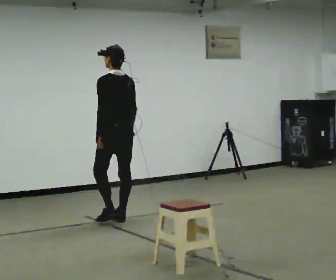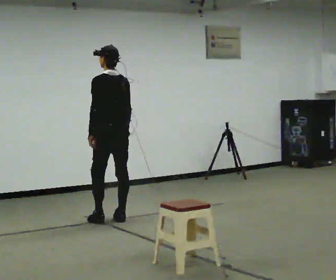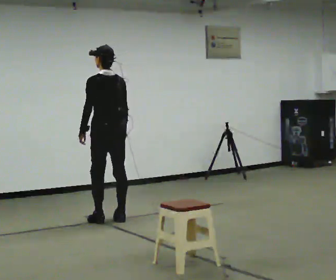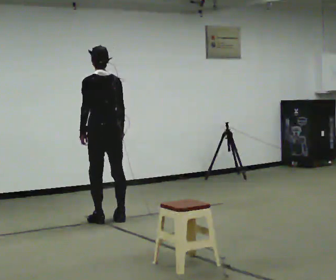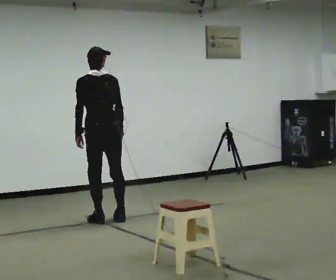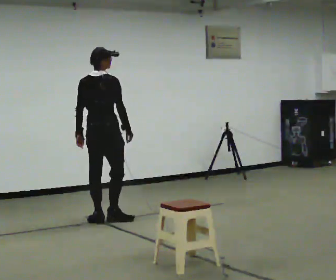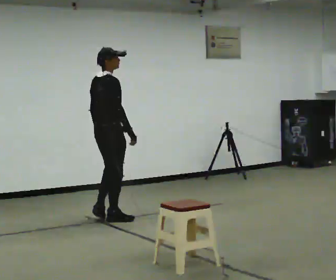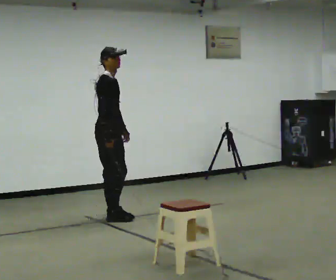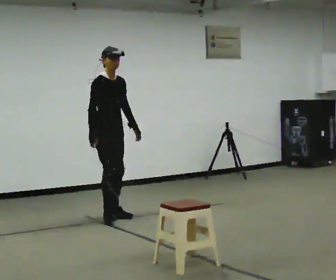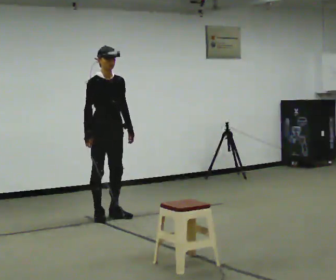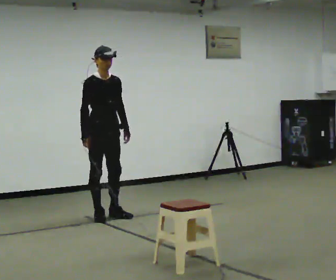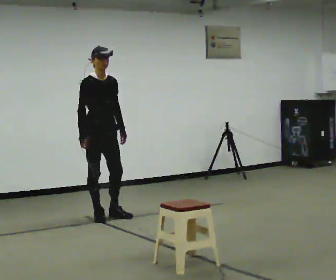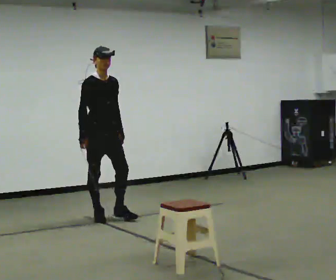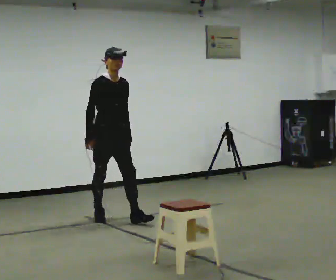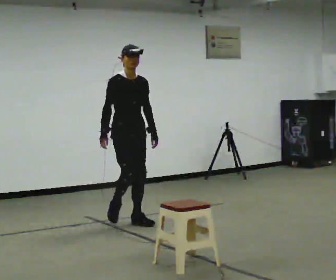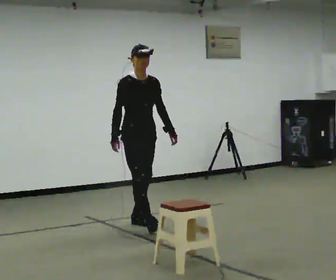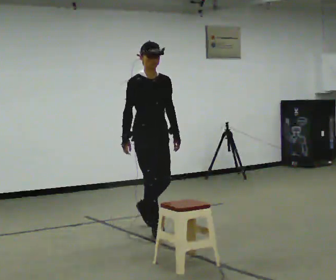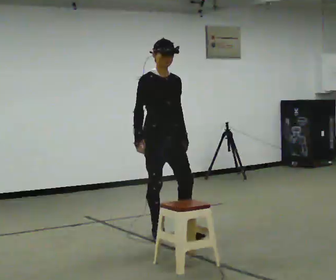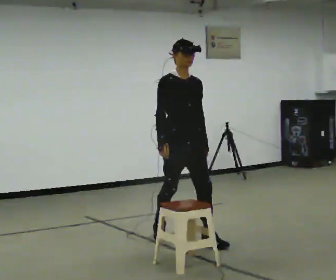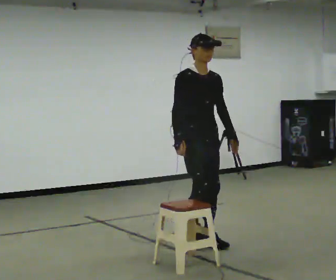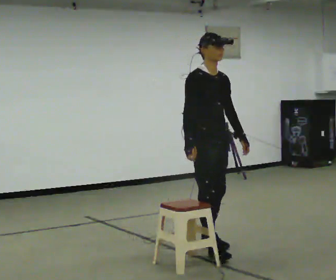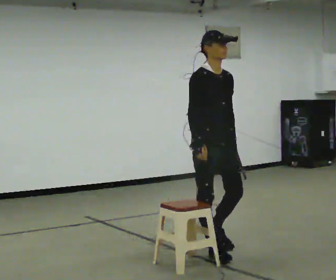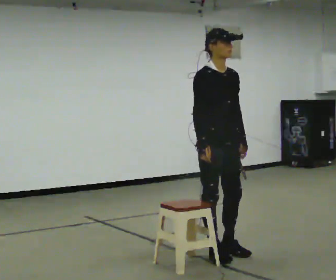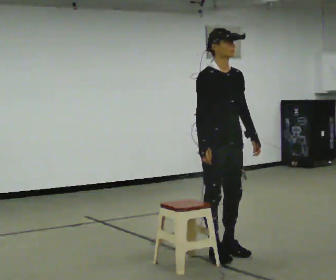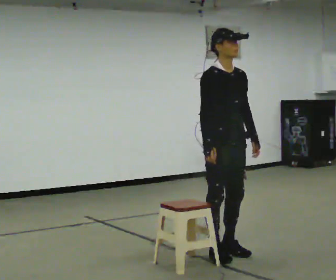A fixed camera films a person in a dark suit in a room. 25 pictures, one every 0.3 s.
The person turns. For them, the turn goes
to their right.
The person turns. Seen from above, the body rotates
clockwise.
0.0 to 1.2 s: In the picture they go to the left, about 0.25 m in 1 step.
1.2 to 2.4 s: Seen from above the body turns clockwise, about 150 degrees: to their right, with its near side sliding to the left. In the picture they go away from the camera, about 0.25 m in 1 step. In the picture their right hand goes to the left.
2.4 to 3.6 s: The person moves a little, or ends about where they began.
3.6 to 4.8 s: In the picture they go toward the camera and to the right, about 1 m in 2 steps, which for them is forward.
4.8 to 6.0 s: In the picture they go toward the camera and to the right, about 1 m in 2 steps, which for them is forward.
6.0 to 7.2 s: In the picture they go toward the camera, about 0.25 m in 1 step, which for them is forward.
The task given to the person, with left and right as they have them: Walk to chair; sit ~2 s; stand; walk away.
The film runs forward here.
